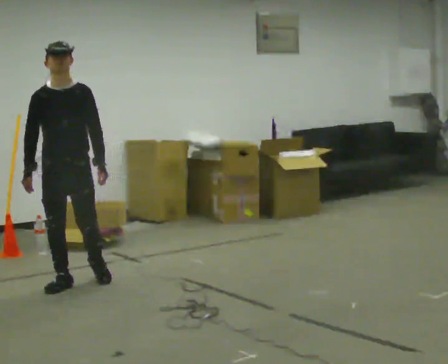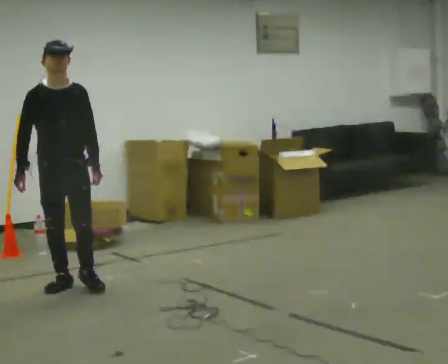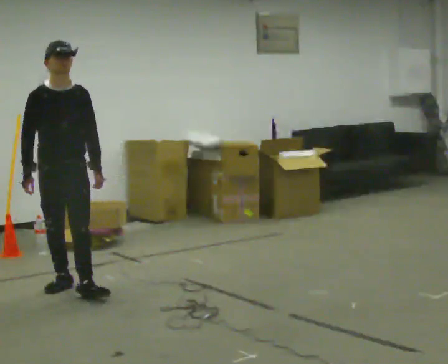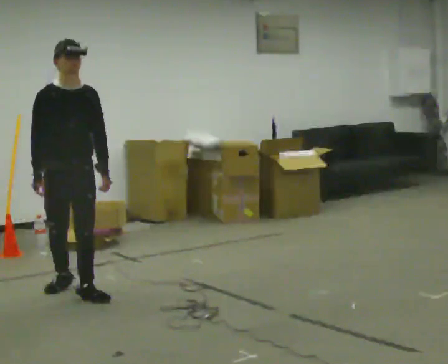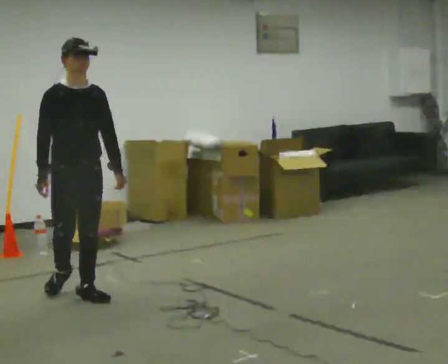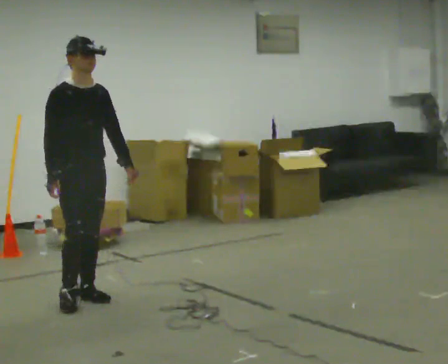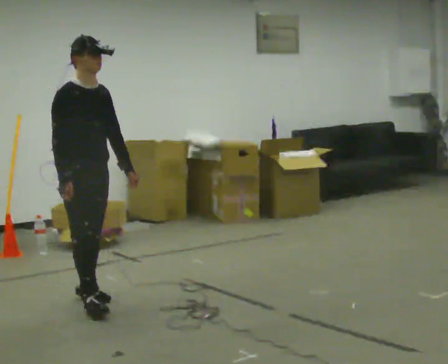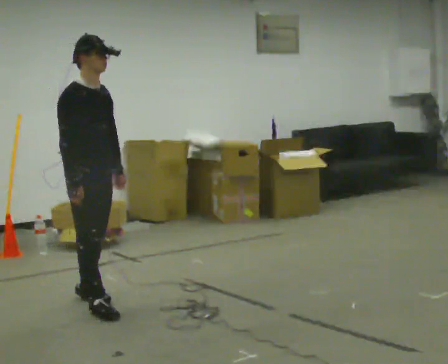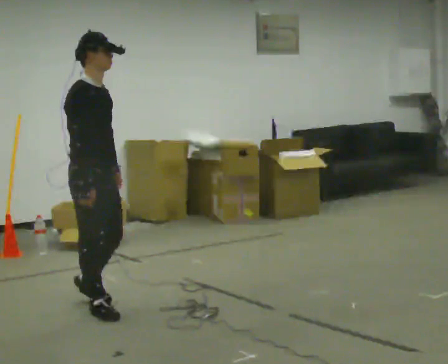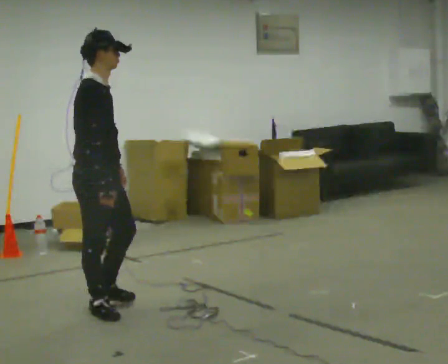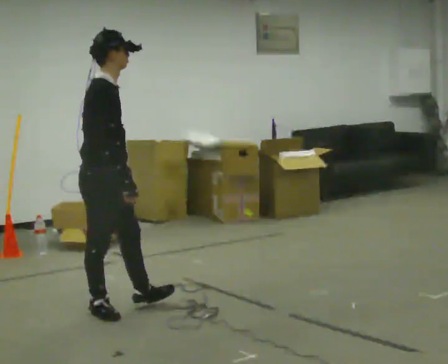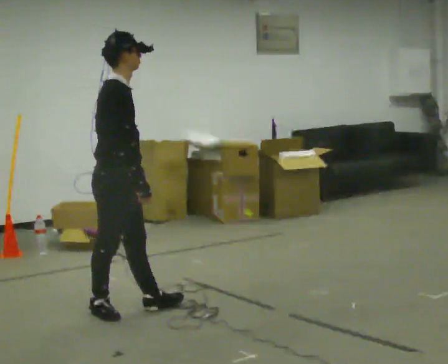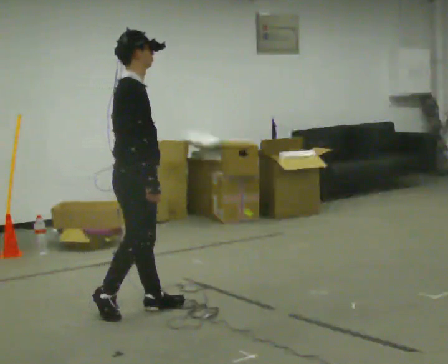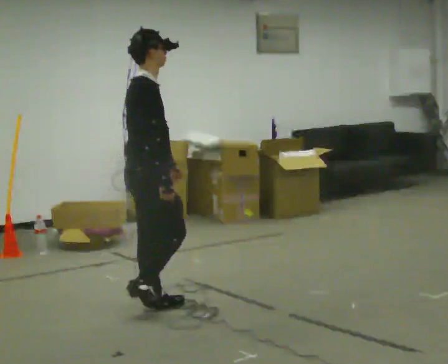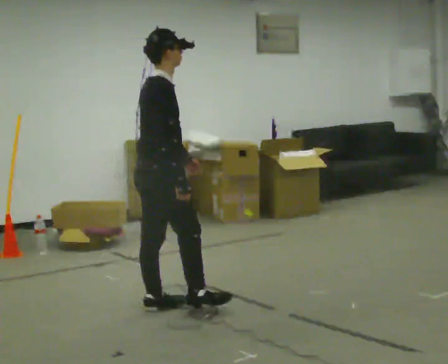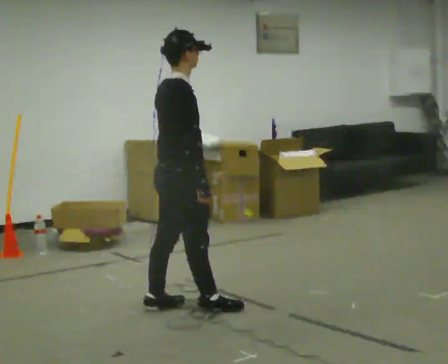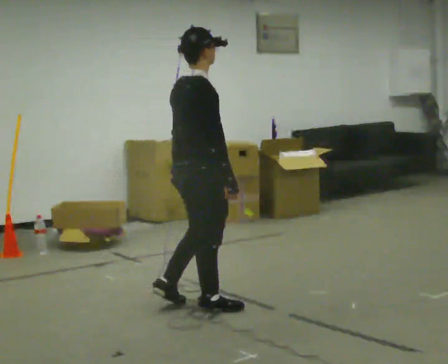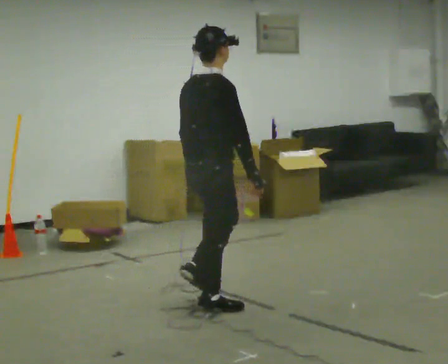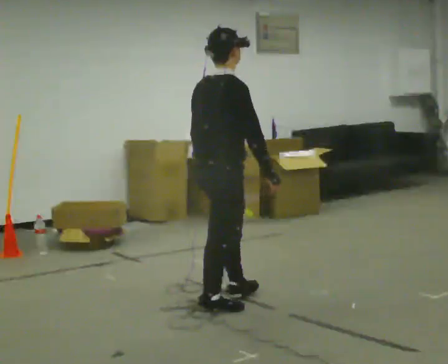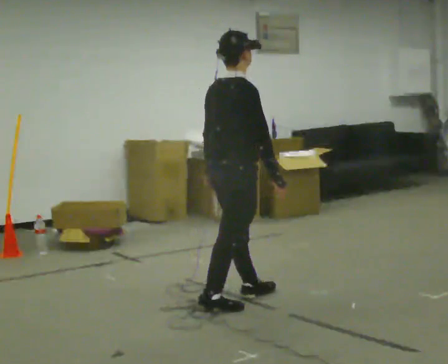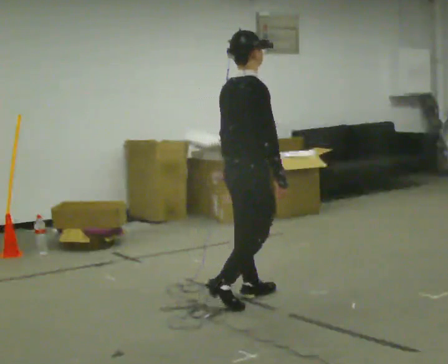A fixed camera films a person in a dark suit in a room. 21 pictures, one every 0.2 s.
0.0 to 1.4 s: The part of the body nearest the lens slides to the right as the person turns to their left by about 45 degrees. In the picture they go toward the camera, about 0.5 m in 2 steps, which for them is forward.
1.4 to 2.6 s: The part of the body nearest the lens slides to the right as the person turns to their left by about 45 degrees. In the picture they go to the right and toward the camera, about 0.5 m in 1 step, which for them is forward.
2.6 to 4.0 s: In the picture they go to the right, about 0.75 m in 2 steps, which for them is forward.
The film runs forward here.
